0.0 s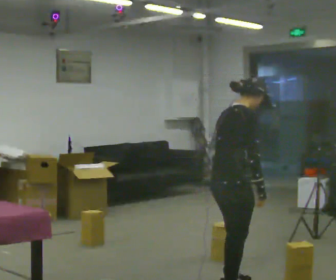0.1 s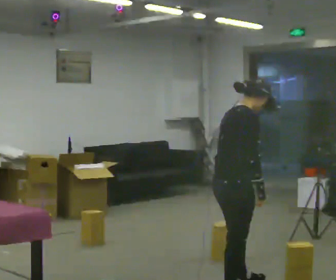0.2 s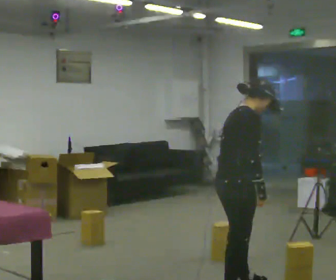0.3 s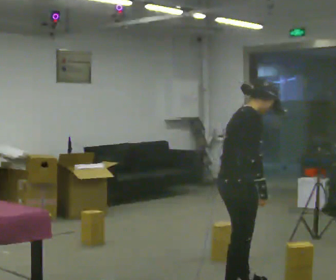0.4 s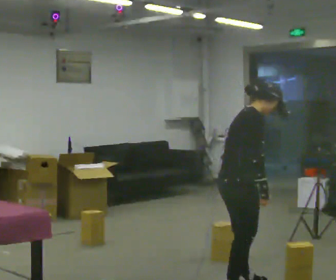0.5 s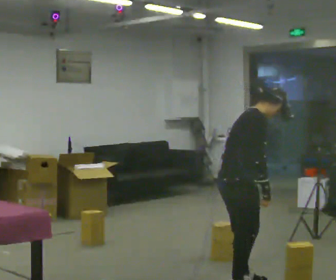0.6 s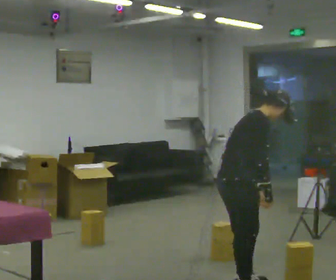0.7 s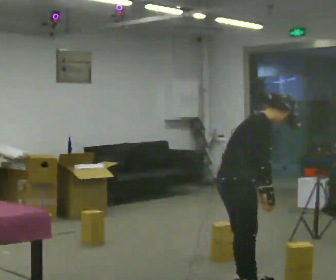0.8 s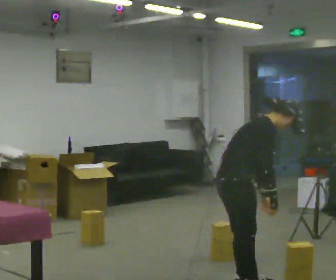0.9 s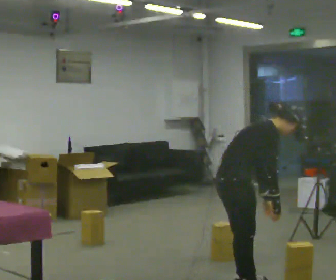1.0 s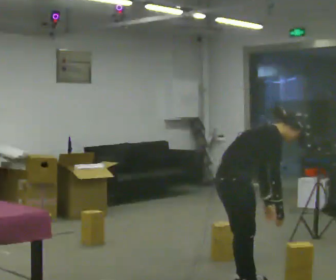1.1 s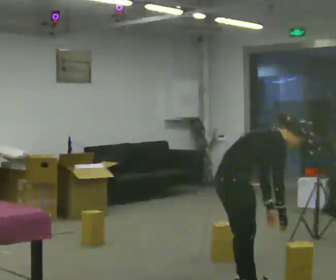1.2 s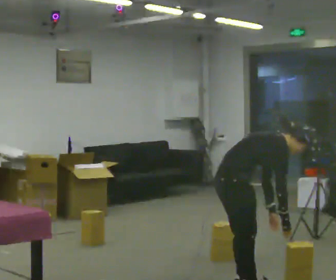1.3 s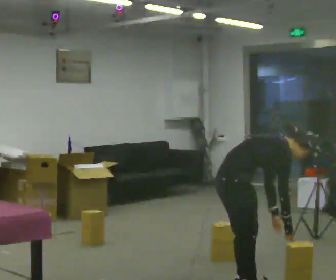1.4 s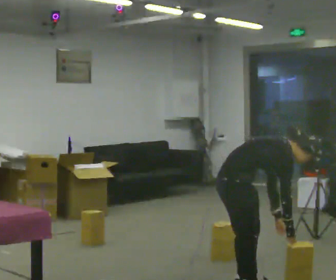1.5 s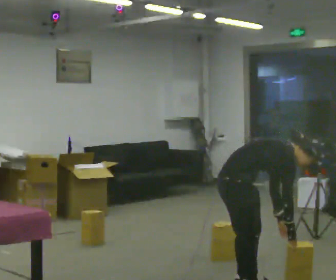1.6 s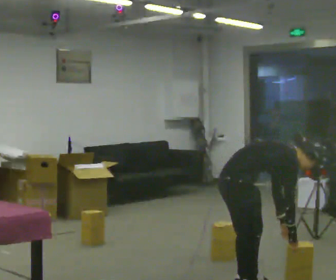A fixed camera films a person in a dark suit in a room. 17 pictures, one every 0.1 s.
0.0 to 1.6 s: The upper body goes downward. In the picture the upper body tilts clockwise, shoulders to the right, as they bend forward. In the picture their left hand goes to the right.
The film runs forward here.
